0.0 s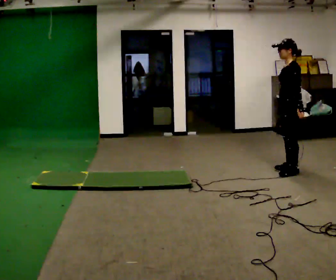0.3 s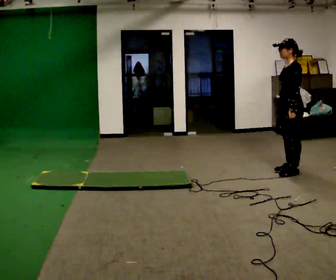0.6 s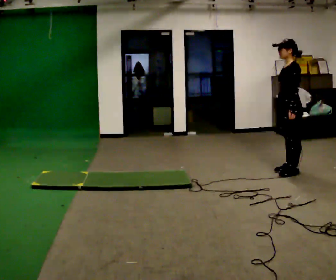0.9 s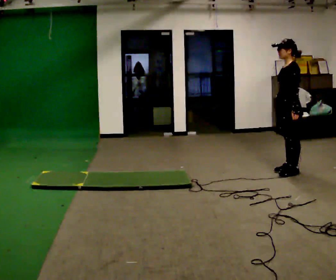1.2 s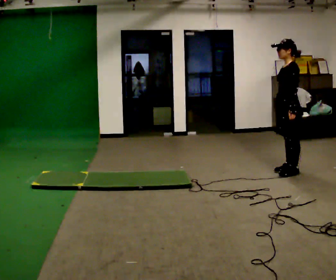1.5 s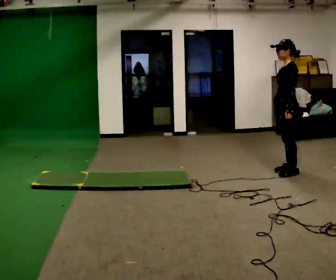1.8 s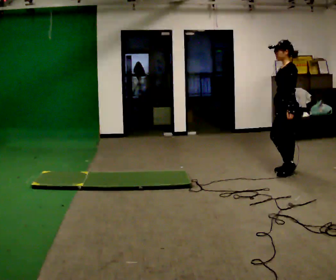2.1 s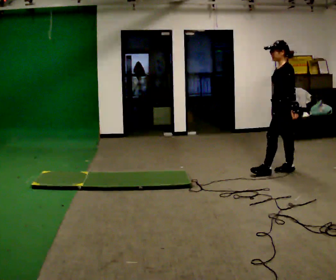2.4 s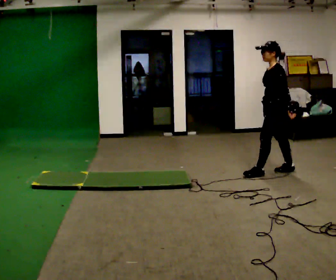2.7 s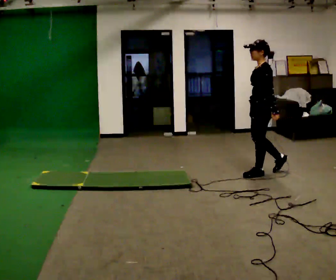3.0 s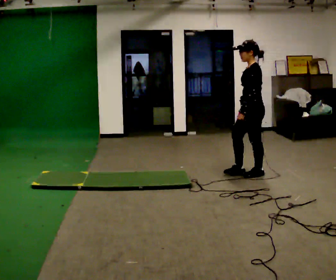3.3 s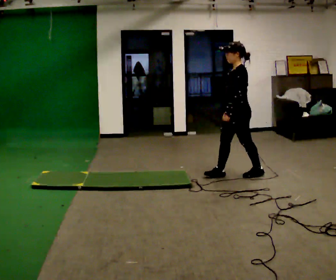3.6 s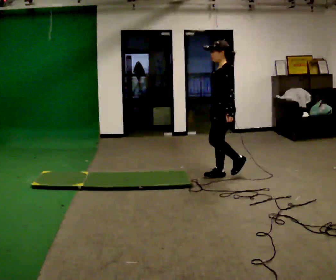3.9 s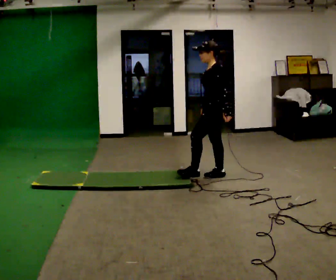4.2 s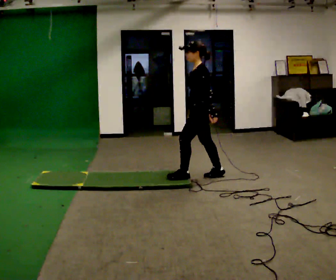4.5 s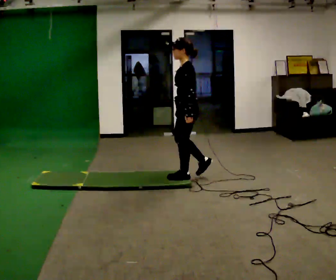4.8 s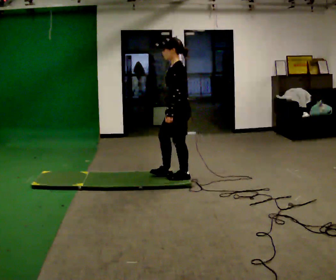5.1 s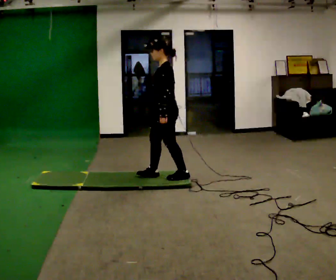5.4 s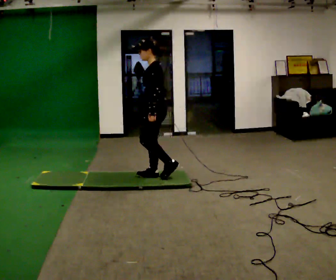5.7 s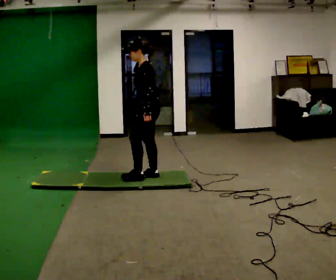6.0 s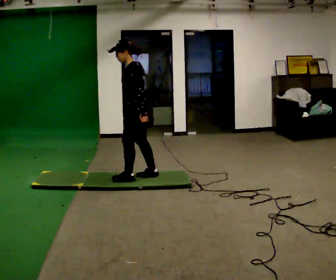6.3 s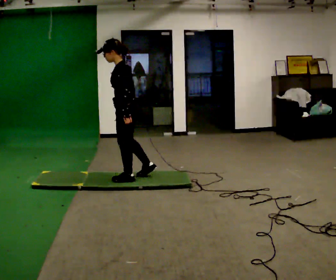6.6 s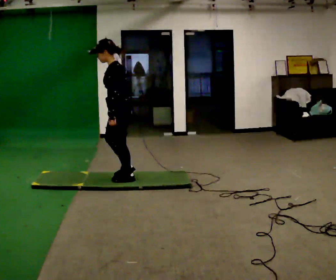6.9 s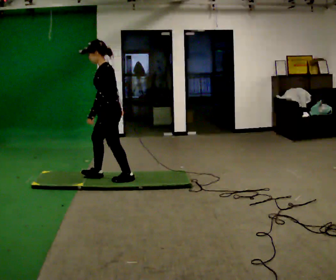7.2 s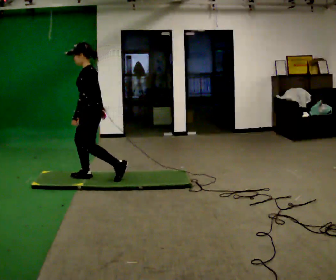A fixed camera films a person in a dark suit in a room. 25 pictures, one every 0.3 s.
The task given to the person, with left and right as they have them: Walk across the floor at a normal pace. It may be more slippery in places. Recover however comes naturally.
0.0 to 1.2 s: The person moves a little, or ends about where they began.
1.2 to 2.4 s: In the picture they go to the left, about 0.25 m in 1 step, which for them is forward.
2.4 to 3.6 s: In the picture they go to the left, about 0.5 m in 1 step, which for them is forward.
3.6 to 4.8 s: In the picture they go to the left and toward the camera, about 0.5 m in 1 step, which for them is forward.
4.8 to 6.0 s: In the picture they go to the left, about 0.5 m in 2 steps, which for them is forward.
6.0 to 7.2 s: In the picture they go to the left, about 0.5 m in 1 step, which for them is forward.
The film runs forward here.
